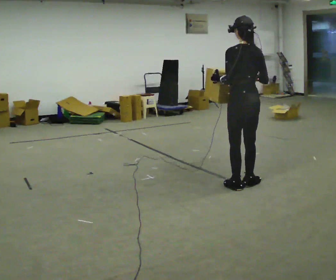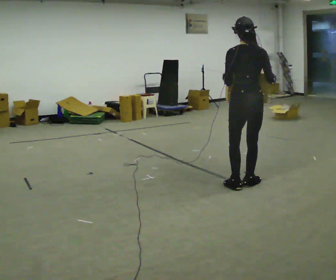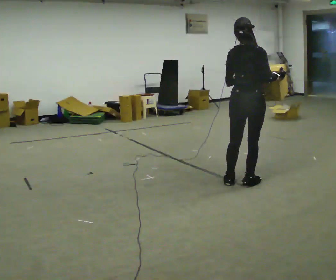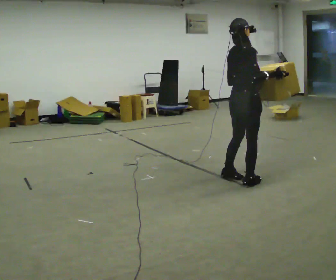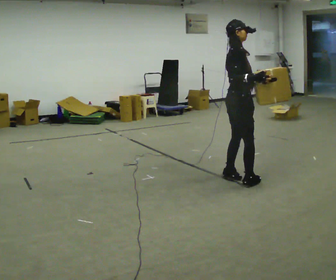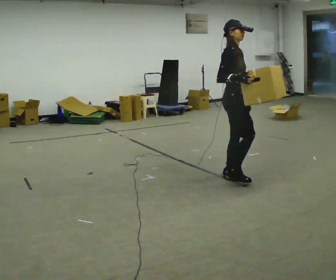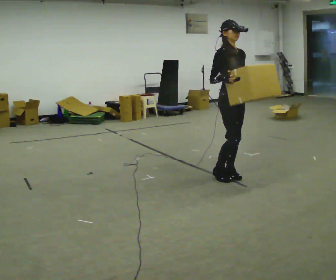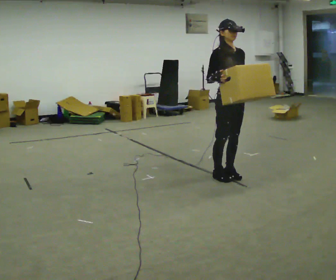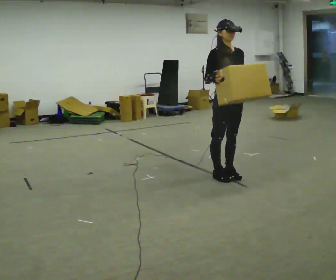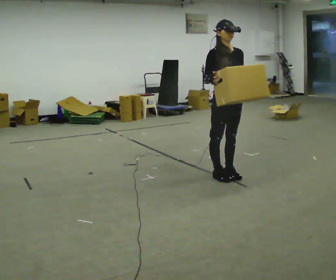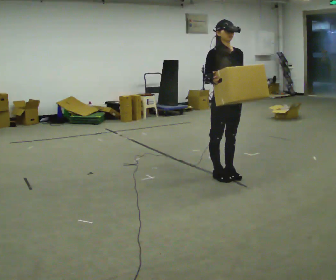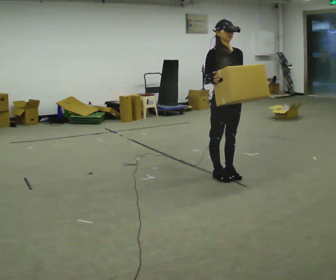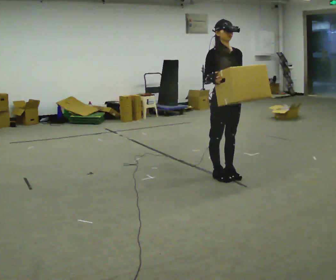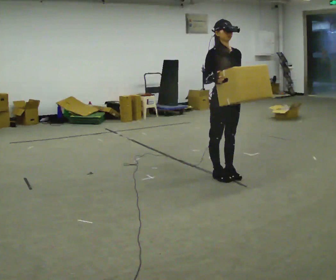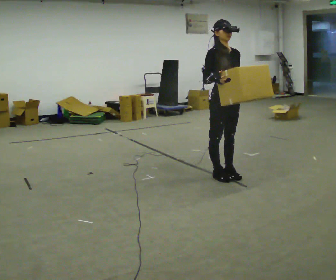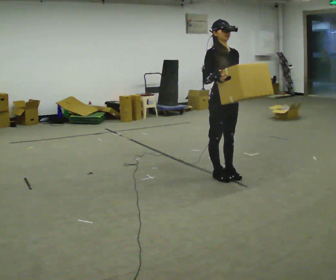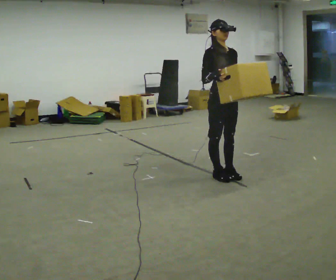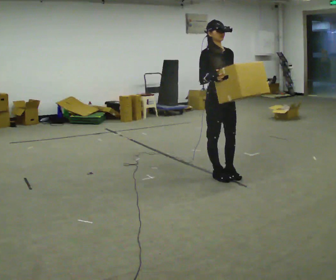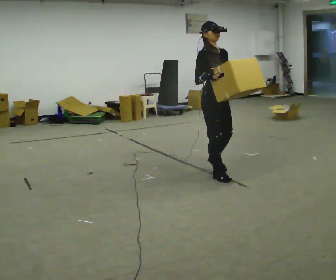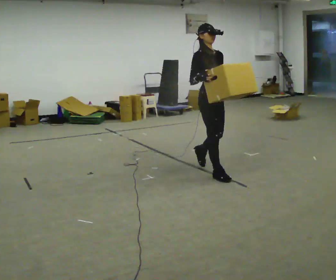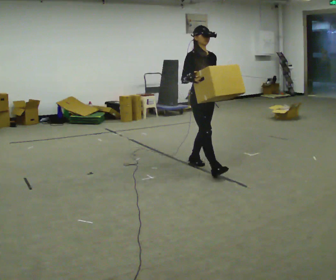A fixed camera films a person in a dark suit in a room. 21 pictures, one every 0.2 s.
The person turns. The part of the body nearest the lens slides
to the left.
The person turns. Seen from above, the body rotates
clockwise.
0.0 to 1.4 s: The part of the body nearest the lens slides to the left as the person turns to their right by about 165 degrees. In the picture they go away from the camera and to the left, about 0.25 m in 2 steps.
1.4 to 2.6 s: The person moves a little, or ends about where they began.
2.6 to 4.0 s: In the picture they go away from the camera and to the left, about 0.5 m in 2 steps, which for them is backward.
The film runs backward here.
